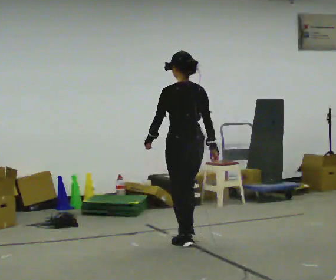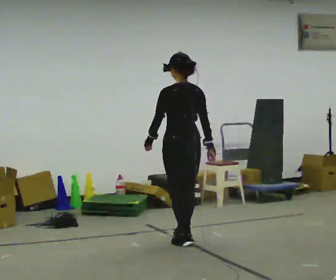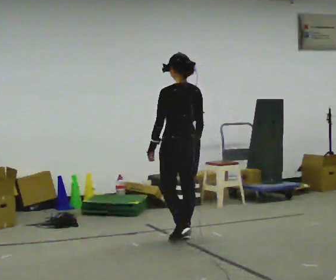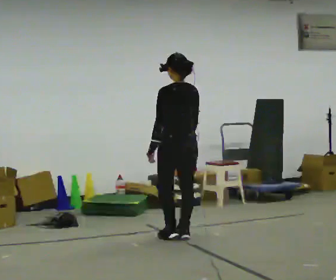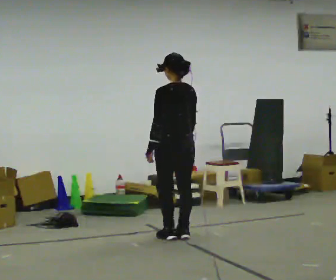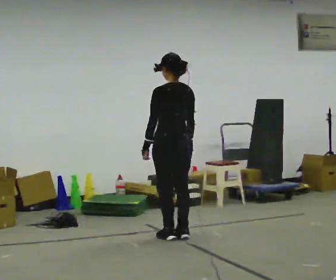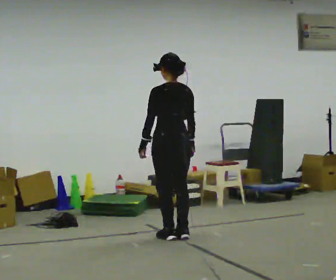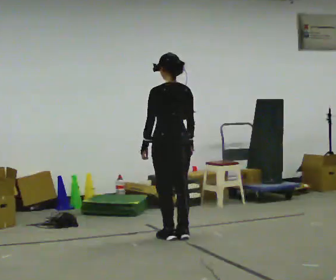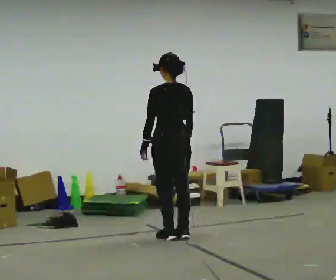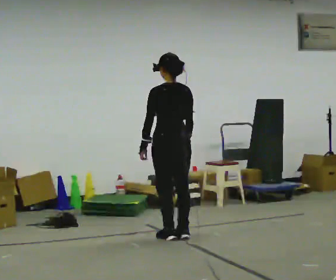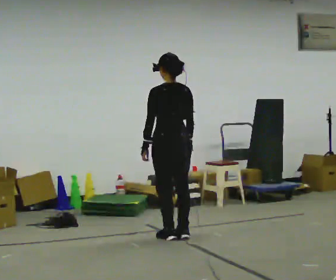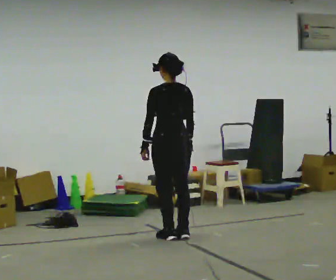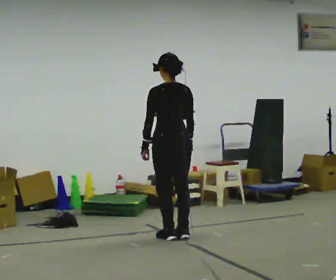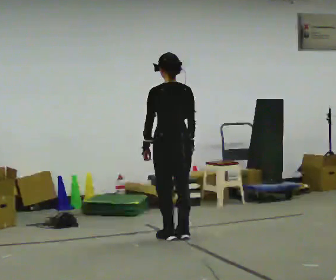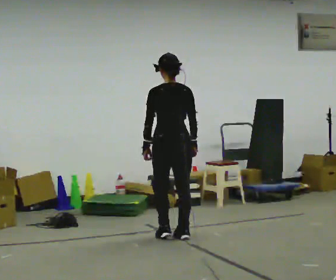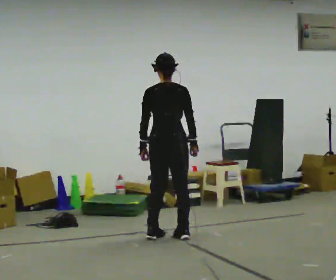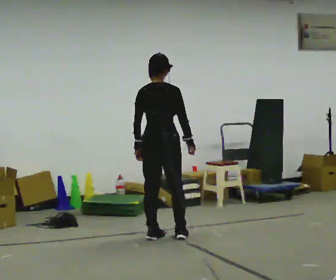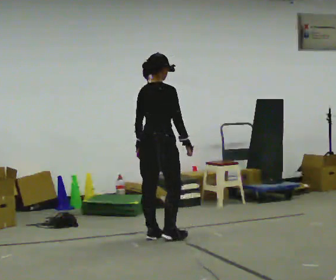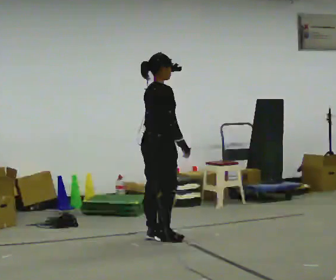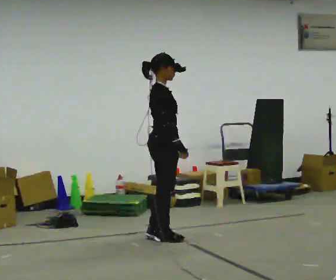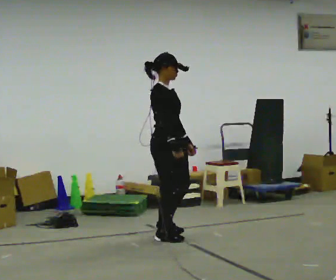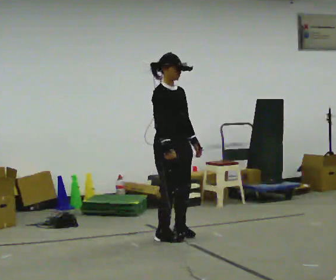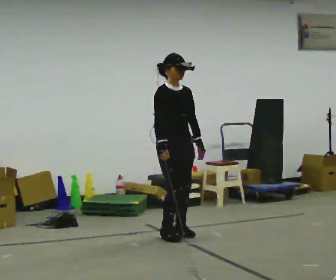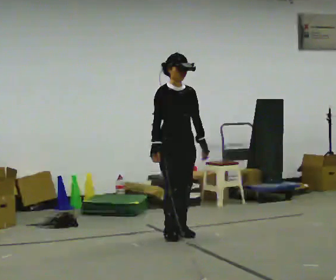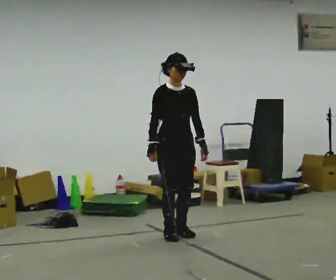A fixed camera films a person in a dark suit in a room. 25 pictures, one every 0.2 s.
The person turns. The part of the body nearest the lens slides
to the left.
Their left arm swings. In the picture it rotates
counterclockwise.
0.0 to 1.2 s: In the picture they go away from the camera, about 0.25 m in 2 steps, which for them is forward.
1.2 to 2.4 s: The person moves a little, or ends about where they began.
2.4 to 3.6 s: The person turns about 90 degrees to their right, clockwise seen from above, so the part of the body nearest the lens slides to the left.
3.6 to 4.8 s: The part of the body nearest the lens slides to the left as the person turns to their right by about 90 degrees.
The film runs forward here.
